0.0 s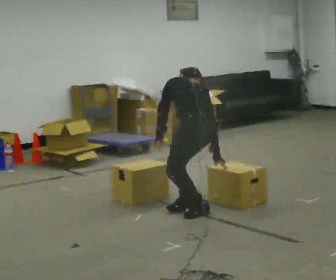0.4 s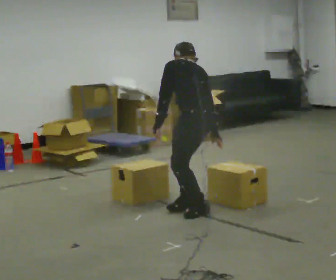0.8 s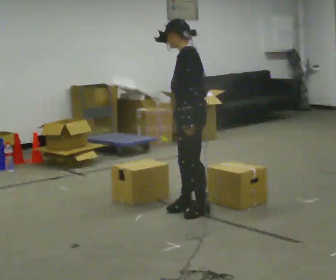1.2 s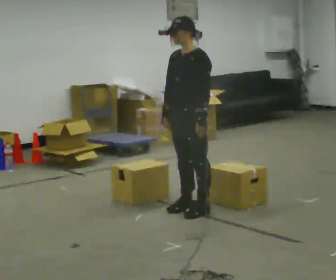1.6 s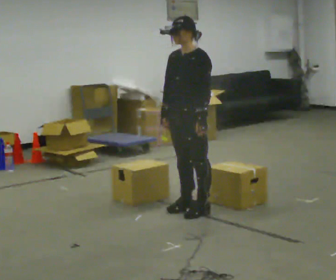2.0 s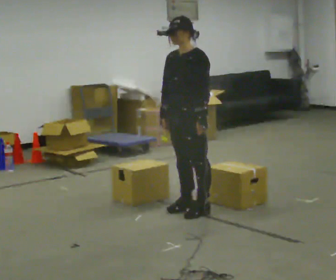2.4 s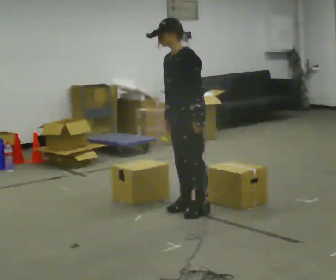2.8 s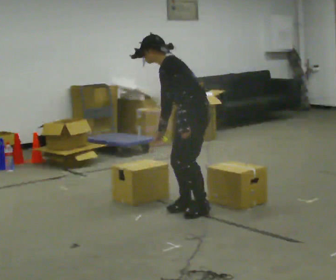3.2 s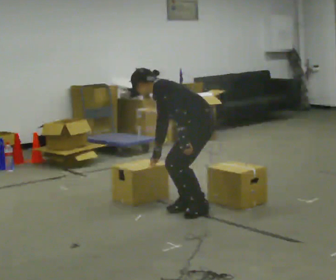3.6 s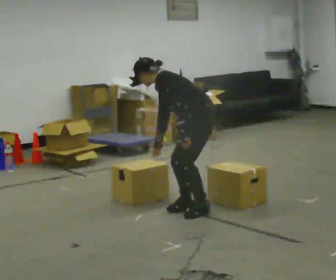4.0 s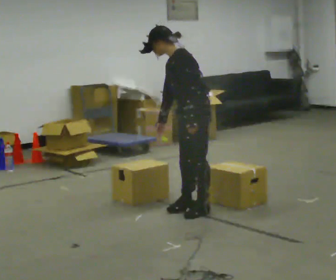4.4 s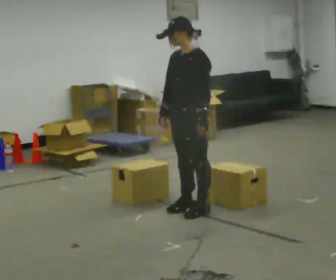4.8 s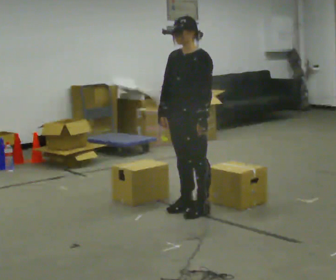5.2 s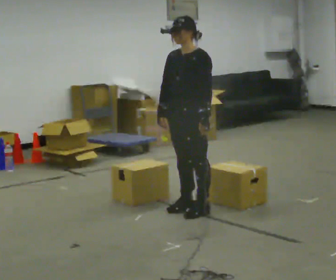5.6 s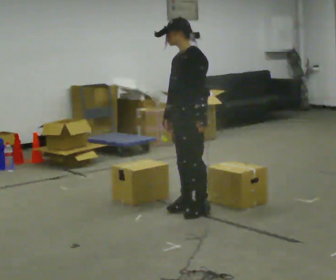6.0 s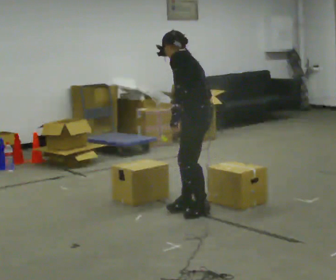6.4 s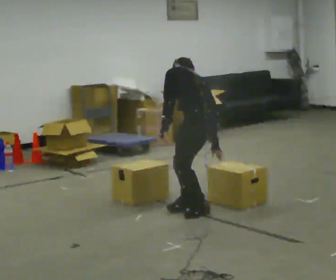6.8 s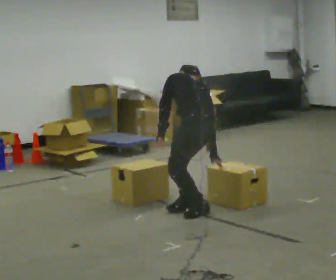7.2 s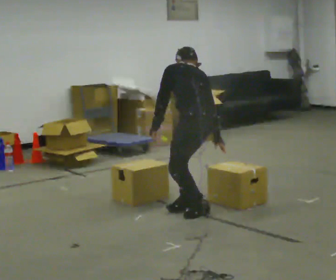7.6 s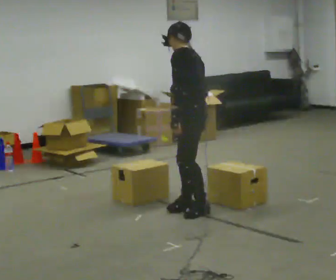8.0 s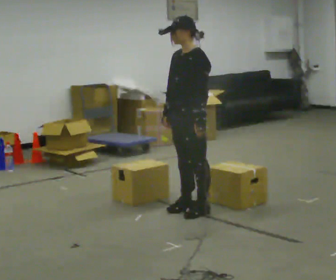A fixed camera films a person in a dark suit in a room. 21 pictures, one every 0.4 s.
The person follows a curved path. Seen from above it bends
counterclockwise.
0.0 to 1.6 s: The part of the body nearest the lens slides to the right as the person turns to their left by about 90 degrees. In the picture they go away from the camera, about 0.25 m. The shoulders move upward. The upper body tips toward the camera, its near side rolling downward, as they lean back or straighten. In the picture their right hand goes to the left and upward.
1.6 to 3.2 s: The person turns about 45 degrees to their right, clockwise seen from above, so the part of the body nearest the lens slides to the left. The upper body goes downward. In the picture the upper body tilts counterclockwise, shoulders to the left, as they bend forward.
3.2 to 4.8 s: The part of the body nearest the lens slides to the right as the person turns to their left by about 45 degrees. The upper body goes upward. In the picture the upper body tilts clockwise, shoulders to the right, as they lean back or straighten.
4.8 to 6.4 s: Seen from above the body turns clockwise, about 75 degrees: to their right, with its near side sliding to the left. The upper body goes downward. The upper body tips away from the camera, its near side rolling upward, as they bend forward. In the picture their right hand goes to the right, the arm swinging counterclockwise.
6.4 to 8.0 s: The part of the body nearest the lens slides to the right as the person turns to their left by about 60 degrees. The upper body tips toward the camera, its near side rolling downward, as they lean back or straighten. In the picture their right hand goes to the left.
The film runs backward here.
